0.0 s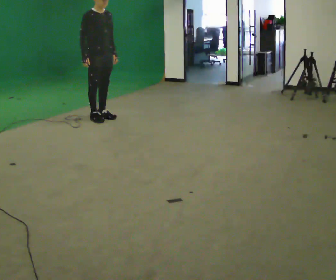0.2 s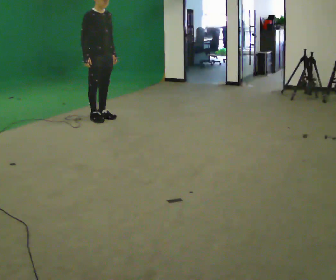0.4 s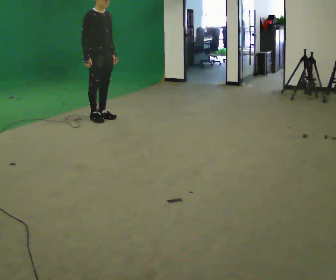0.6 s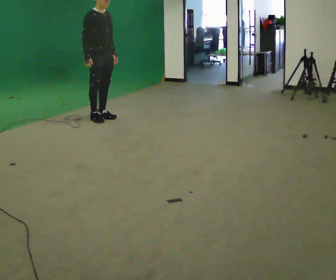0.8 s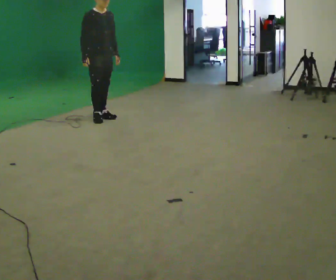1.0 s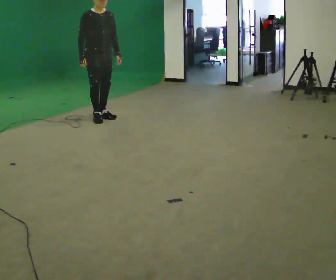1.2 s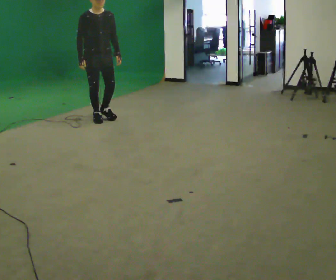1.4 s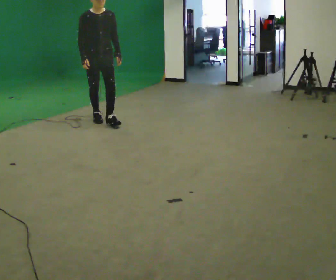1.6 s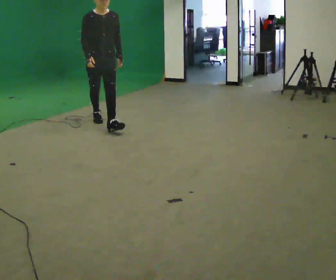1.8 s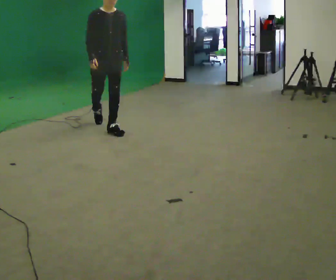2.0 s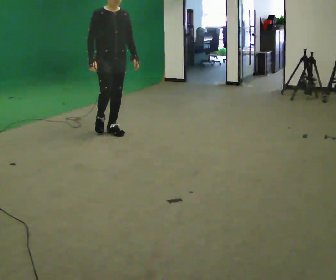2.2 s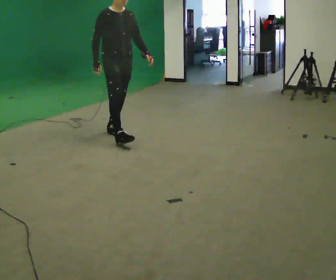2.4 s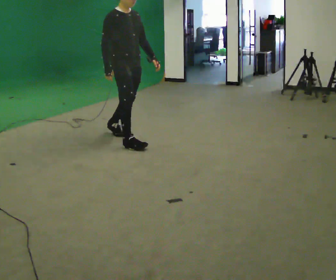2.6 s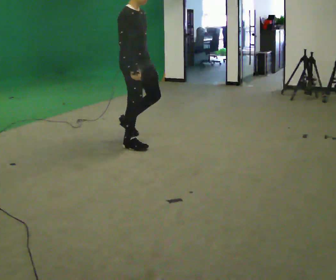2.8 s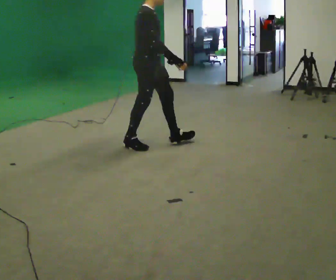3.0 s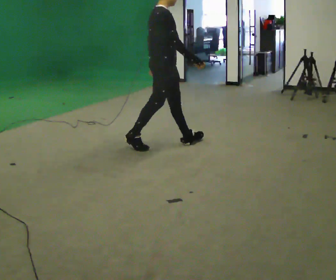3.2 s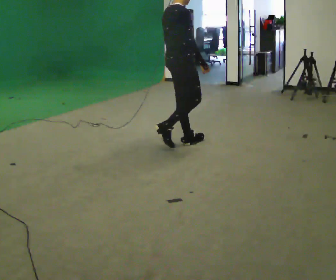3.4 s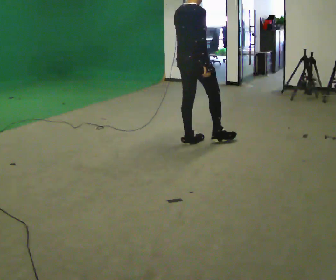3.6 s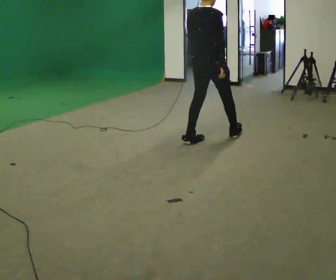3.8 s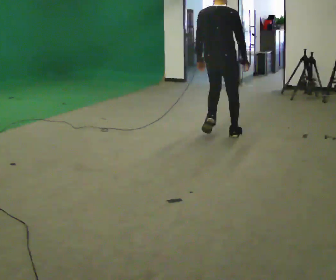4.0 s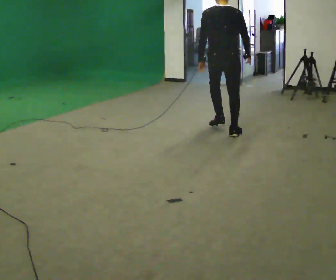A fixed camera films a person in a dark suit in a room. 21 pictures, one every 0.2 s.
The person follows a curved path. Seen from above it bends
counterclockwise.
The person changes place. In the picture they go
to the right.
0.0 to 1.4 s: The person turns about 30 degrees to their right, clockwise seen from above, so the part of the body nearest the lens slides to the left. In the picture they go toward the camera, about 0.25 m, which for them is forward and to their right.
1.4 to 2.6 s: The person turns about 45 degrees to their left, counterclockwise seen from above, so the part of the body nearest the lens slides to the right. In the picture they go toward the camera and to the right, about 1 m in 2 steps, which for them is forward.
2.6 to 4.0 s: The person turns about 105 degrees to their left, counterclockwise seen from above, so the part of the body nearest the lens slides to the right. In the picture they go to the right, about 1 m in 2 steps.
The film runs forward here.
